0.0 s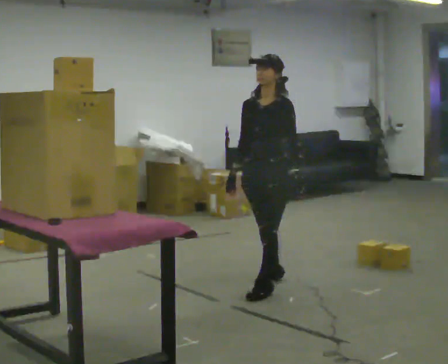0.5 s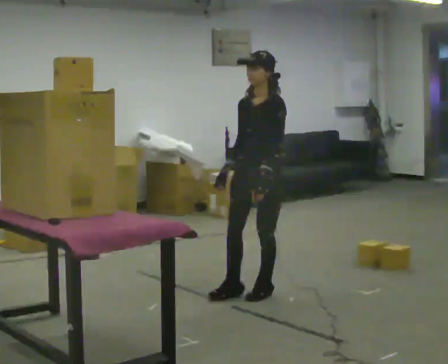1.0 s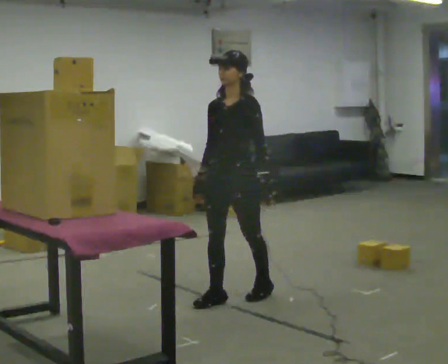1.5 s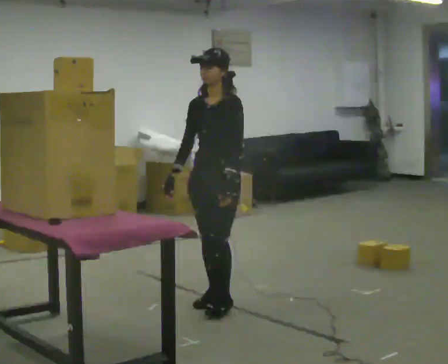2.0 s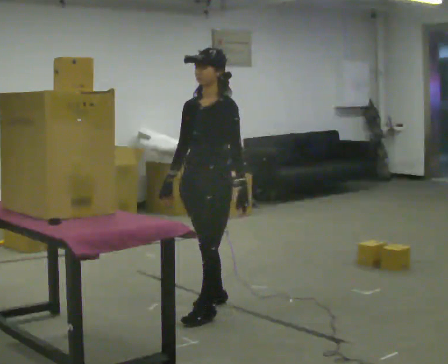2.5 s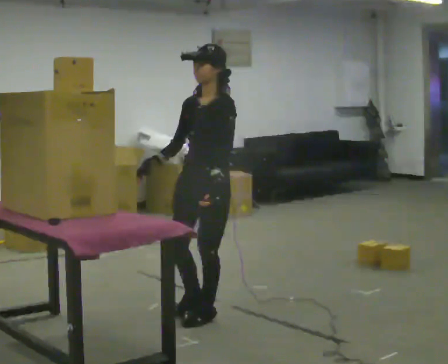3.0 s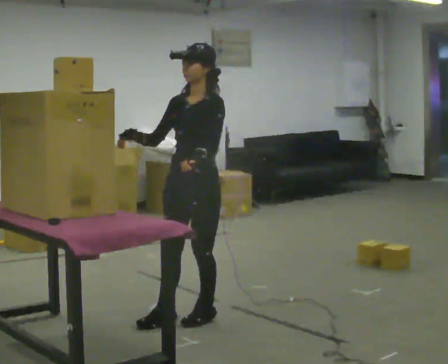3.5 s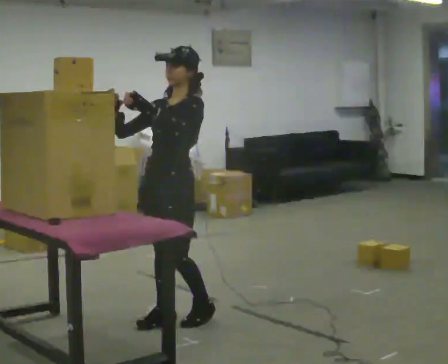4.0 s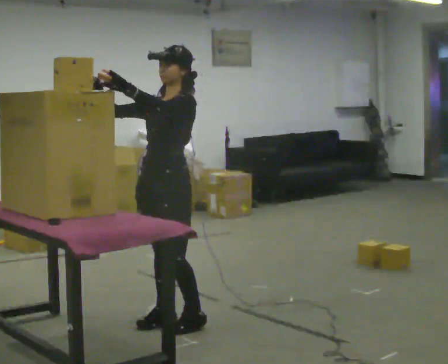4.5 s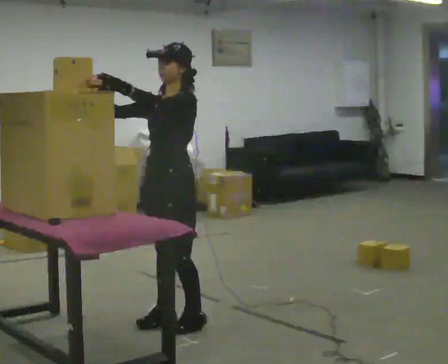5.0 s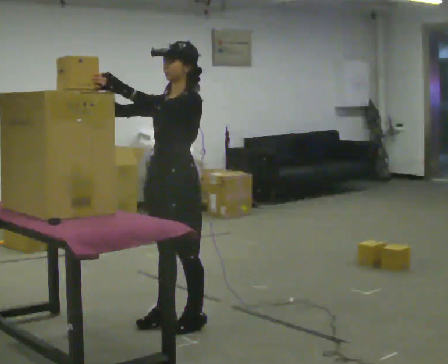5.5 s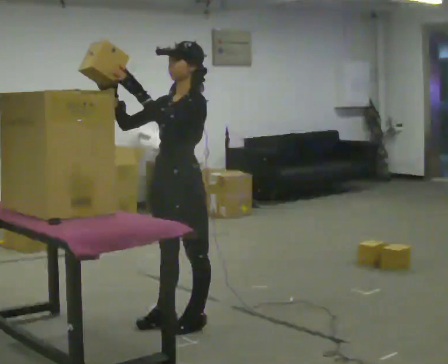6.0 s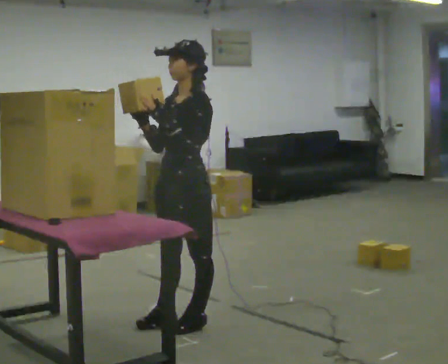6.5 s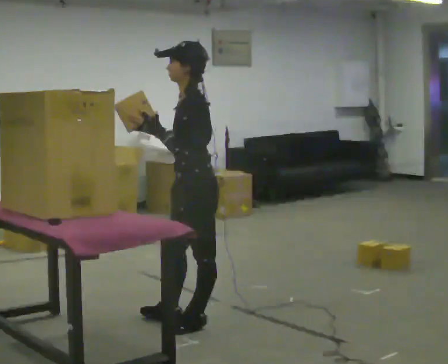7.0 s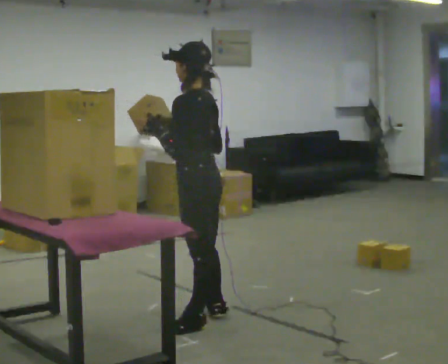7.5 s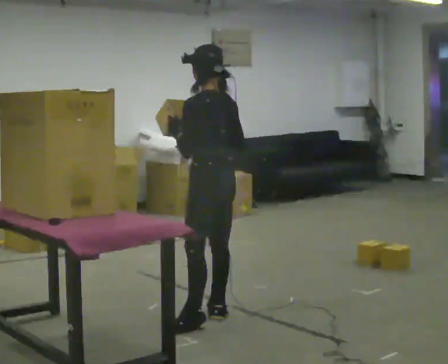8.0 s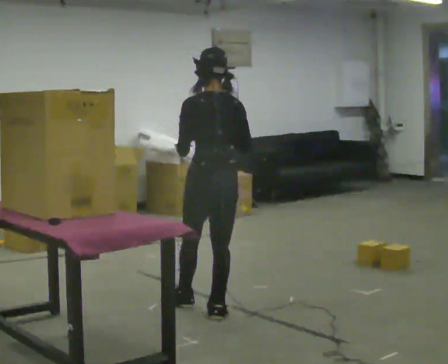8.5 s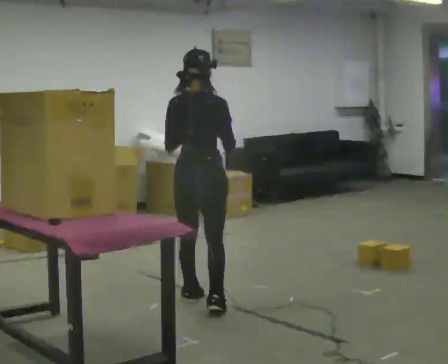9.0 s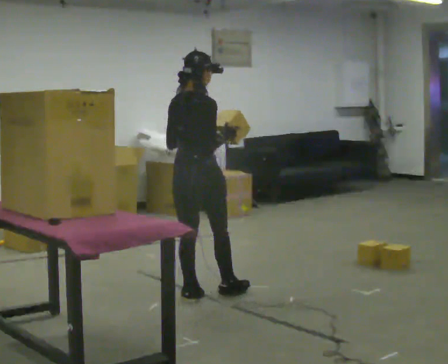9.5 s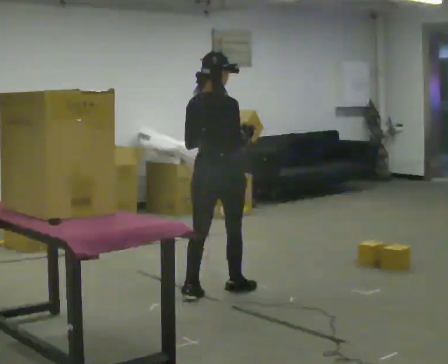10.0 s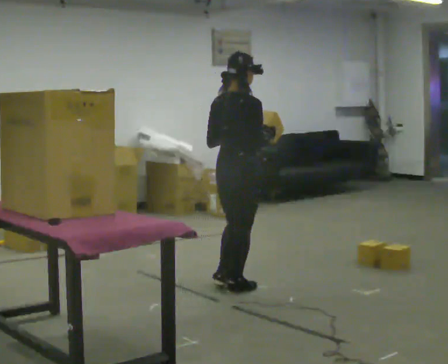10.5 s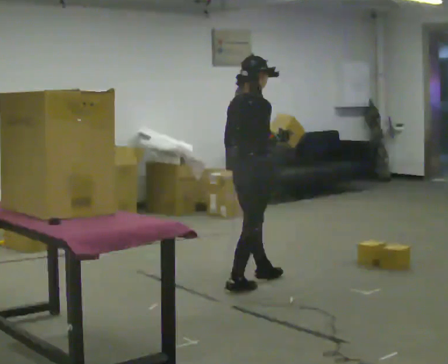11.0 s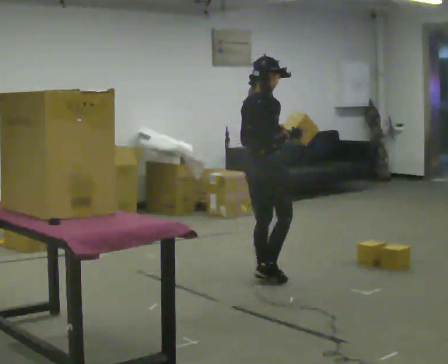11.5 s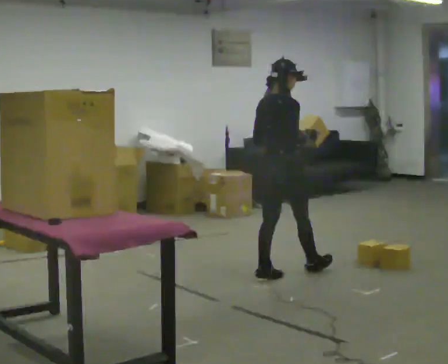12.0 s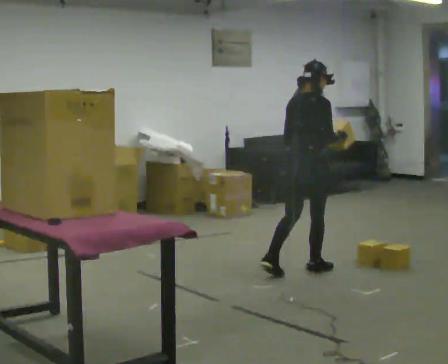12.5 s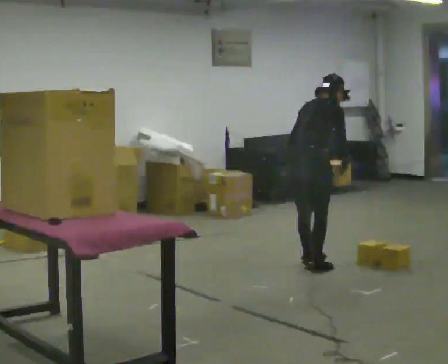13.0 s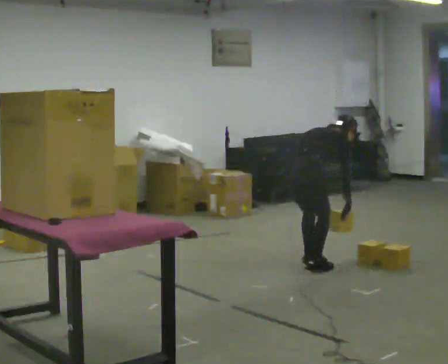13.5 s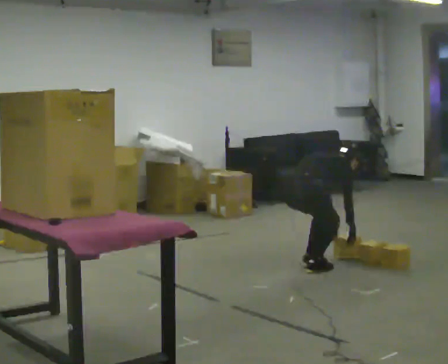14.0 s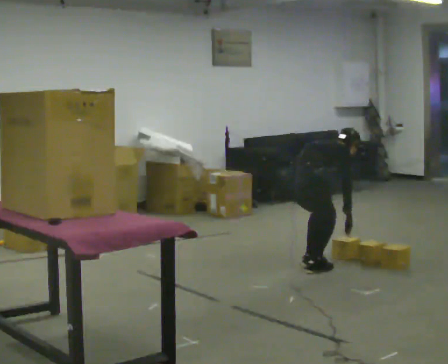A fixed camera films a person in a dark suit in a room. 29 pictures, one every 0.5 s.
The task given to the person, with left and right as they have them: Take an object down from the highest shelf you can comfortably reach, carry it across the room, and set it on the floor. Keep going until the operator says stop; one object at a time, and do not rush between trips.
0.0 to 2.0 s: In the picture they go to the left and toward the camera, about 0.75 m in 2 steps, which for them is forward.
2.0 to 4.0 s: In the picture they go to the left and toward the camera, about 0.25 m in 2 steps, which for them is forward. In the picture their left hand goes upward.
4.0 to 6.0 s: The person moves a little, or ends about where they began.
6.0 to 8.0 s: The part of the body nearest the lens slides to the left as the person turns to their right by about 105 degrees. In the picture they go away from the camera and to the right, about 0.25 m in 1 step.
8.0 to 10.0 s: Seen from above the body turns clockwise, about 60 degrees: to their right, with its near side sliding to the left. In the picture they go away from the camera and to the right, about 0.5 m in 2 steps.
10.0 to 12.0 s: In the picture they go to the right and away from the camera, about 0.75 m in 2 steps, which for them is forward.
12.0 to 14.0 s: In the picture the upper body tilts clockwise, shoulders to the right, as they bend forward. In the picture their left hand goes downward.
The film runs forward here.
